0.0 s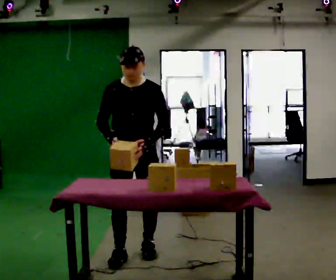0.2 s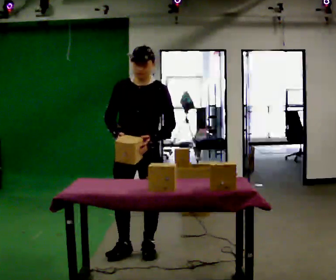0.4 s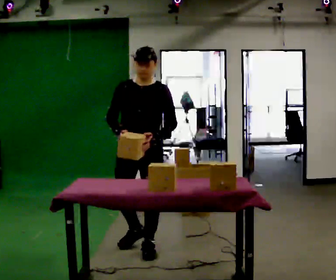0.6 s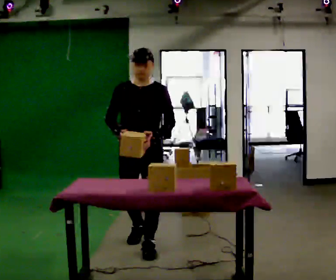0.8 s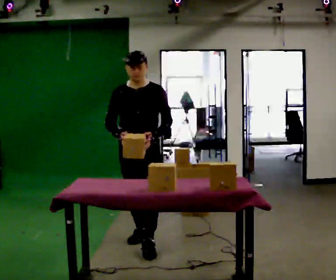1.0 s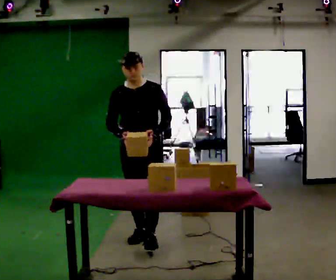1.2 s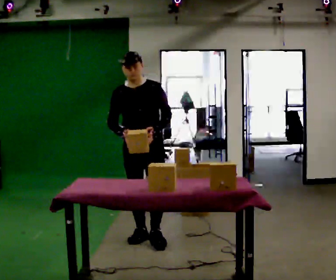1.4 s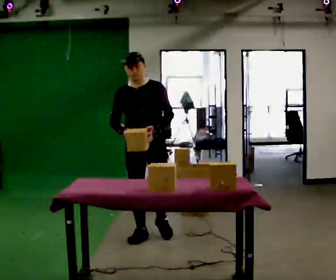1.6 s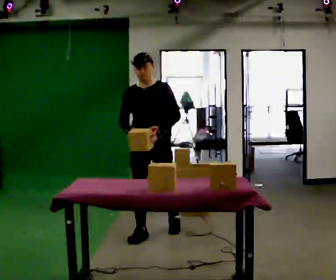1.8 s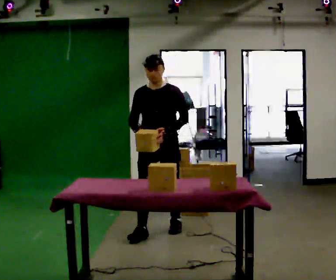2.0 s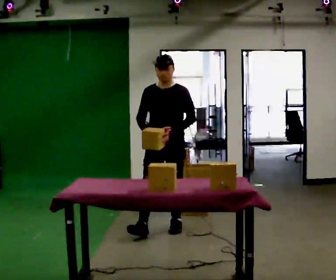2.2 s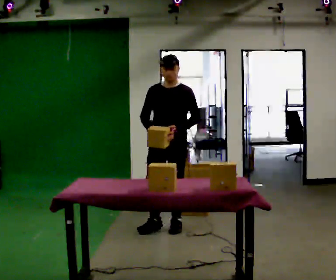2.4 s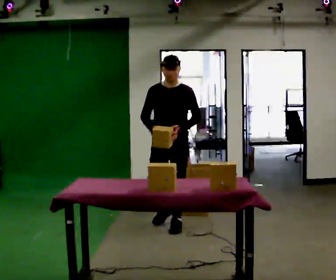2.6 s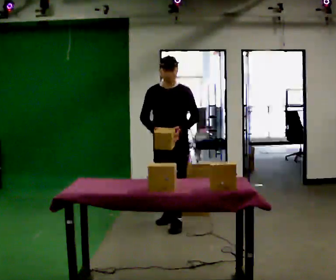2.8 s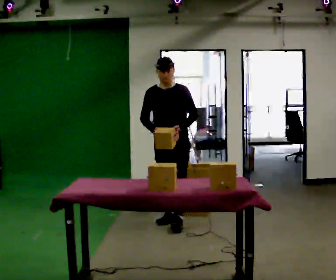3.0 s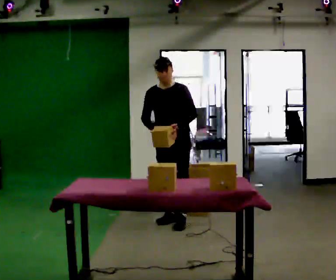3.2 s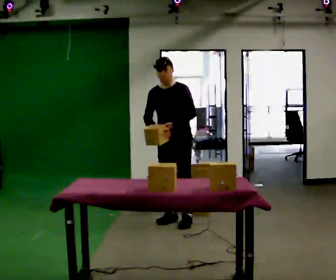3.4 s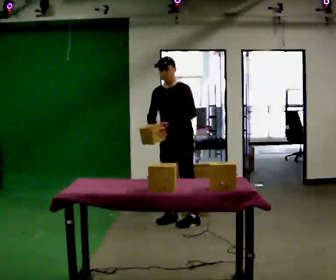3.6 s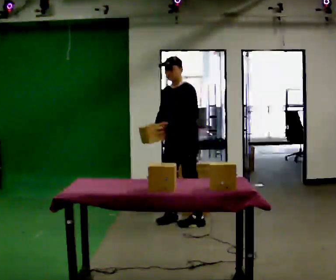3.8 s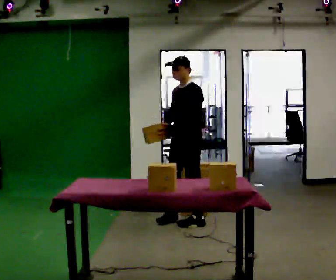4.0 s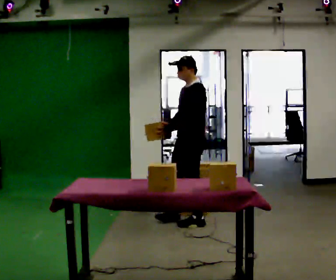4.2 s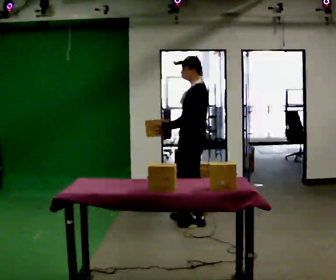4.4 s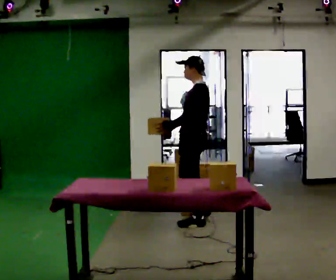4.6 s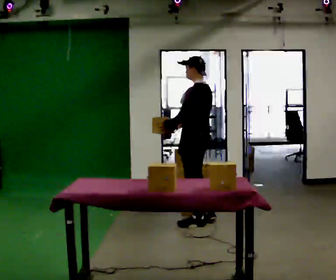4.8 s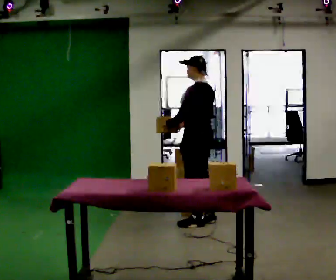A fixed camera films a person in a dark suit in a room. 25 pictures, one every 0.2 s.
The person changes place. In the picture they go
away from the camera.
The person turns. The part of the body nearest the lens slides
to the left.
0.0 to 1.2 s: In the picture they go away from the camera, about 0.5 m in 2 steps, which for them is backward.
1.2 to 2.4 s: In the picture they go away from the camera and to the right, about 0.5 m in 1 step, which for them is backward.
2.4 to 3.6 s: The part of the body nearest the lens slides to the left as the person turns to their right by about 30 degrees. In the picture they go away from the camera, about 0.25 m, which for them is backward.
3.6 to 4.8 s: The part of the body nearest the lens slides to the left as the person turns to their right by about 75 degrees. In the picture they go to the right, about 0.25 m in 1 step.
The film runs backward here.
